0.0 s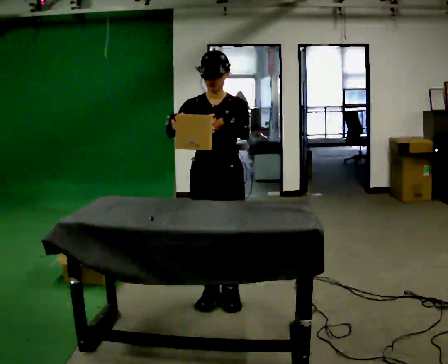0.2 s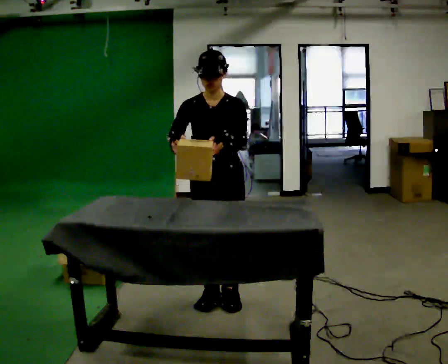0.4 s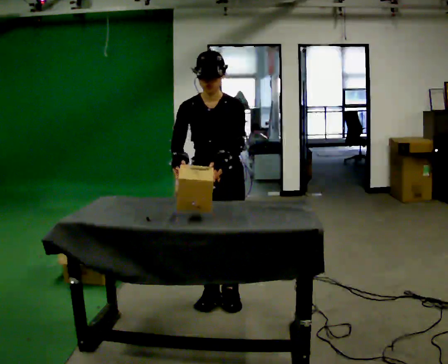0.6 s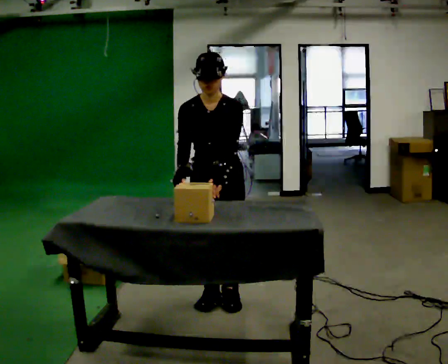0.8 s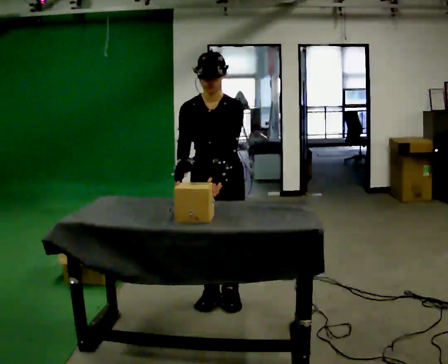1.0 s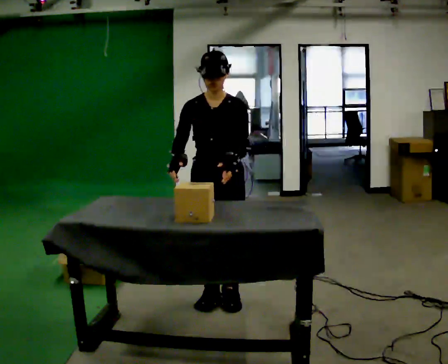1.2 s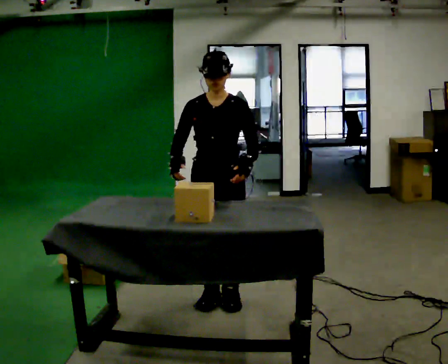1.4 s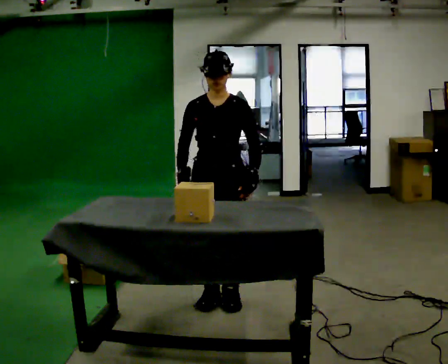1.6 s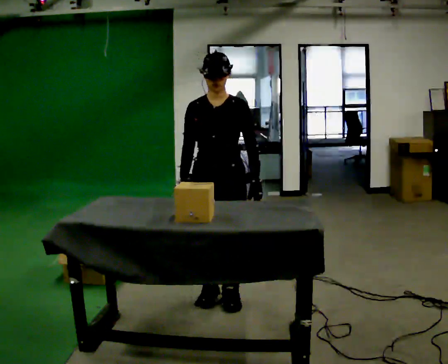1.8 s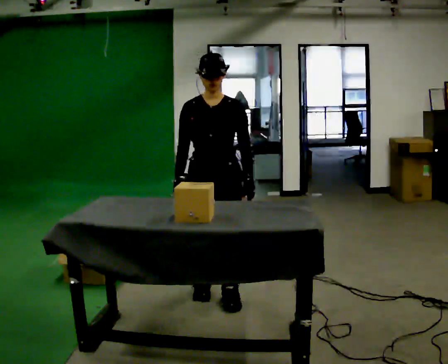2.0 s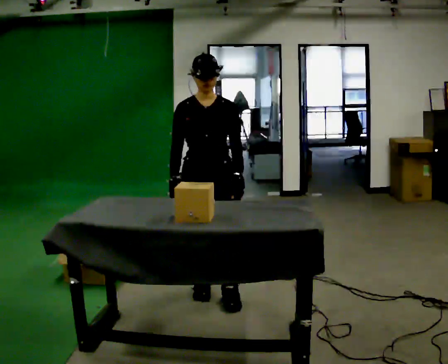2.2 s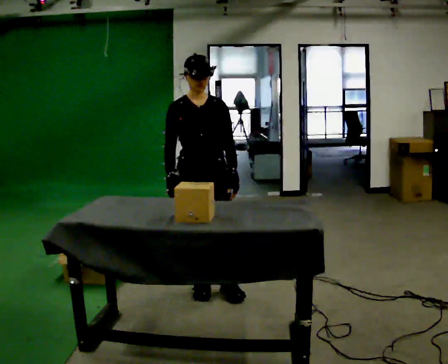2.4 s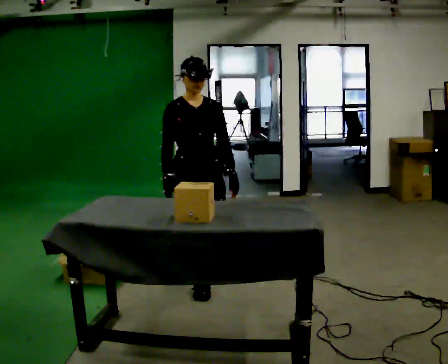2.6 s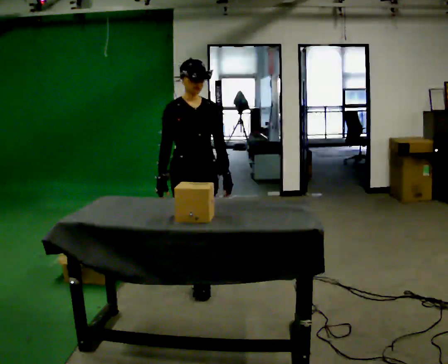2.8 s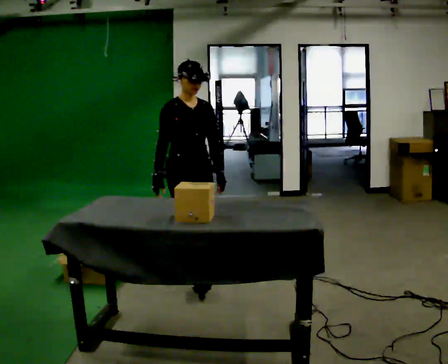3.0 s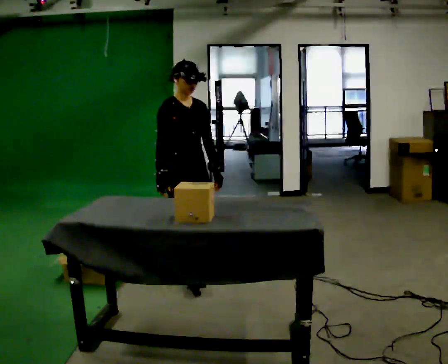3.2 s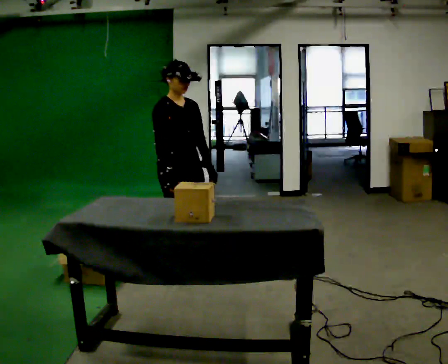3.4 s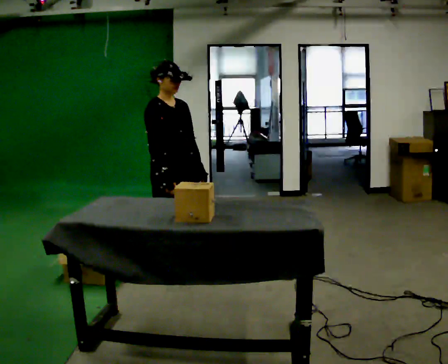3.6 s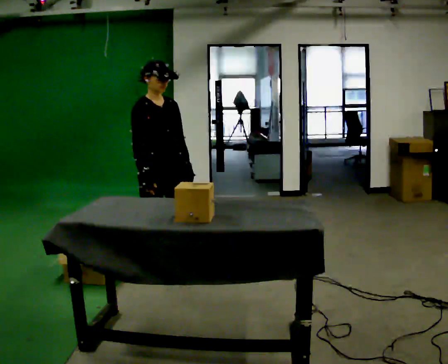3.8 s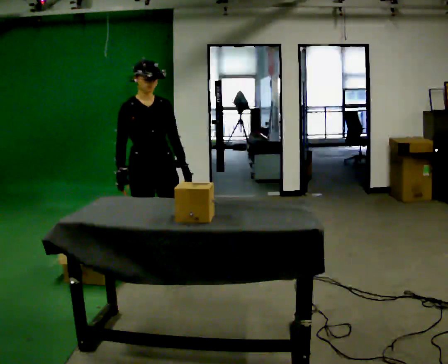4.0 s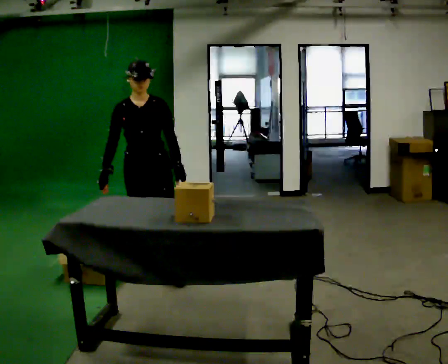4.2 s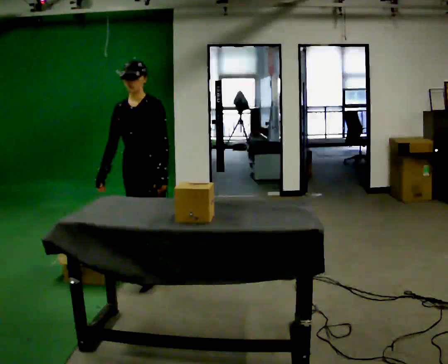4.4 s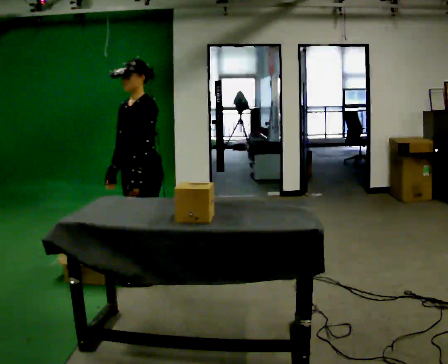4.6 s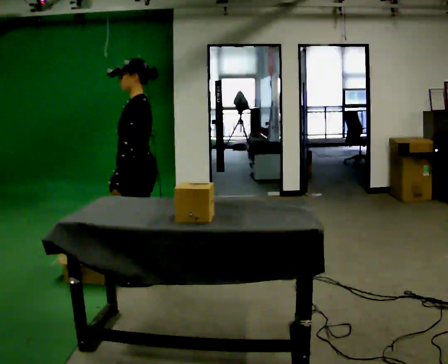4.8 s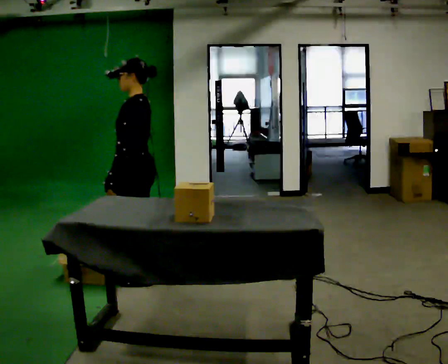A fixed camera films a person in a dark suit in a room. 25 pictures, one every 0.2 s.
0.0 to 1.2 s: The person moves a little, or ends about where they began.
1.2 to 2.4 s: The part of the body nearest the lens slides to the right as the person turns to their left by about 30 degrees. In the picture they go away from the camera, about 0.25 m in 2 steps, which for them is backward and to their right.
2.4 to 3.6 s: In the picture they go away from the camera and to the left, about 0.5 m in 1 step, which for them is backward.
3.6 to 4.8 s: Seen from above the body turns clockwise, about 135 degrees: to their right, with its near side sliding to the left. In the picture they go toward the camera, about 0.25 m in 2 steps. In the picture their left hand goes to the left, the arm swinging clockwise.
The film runs backward here.
